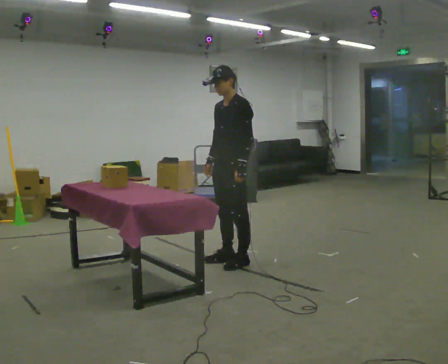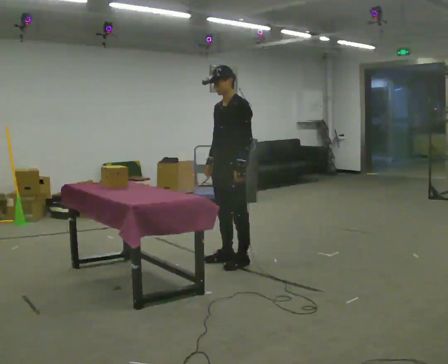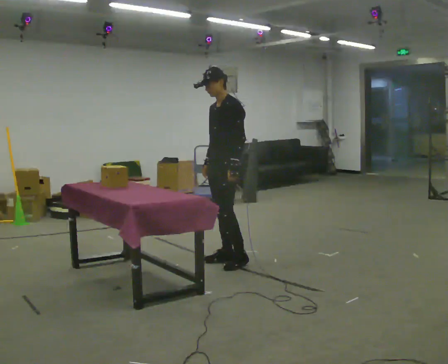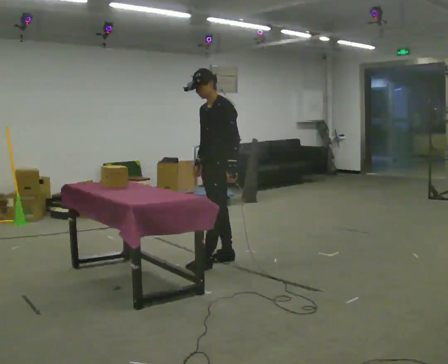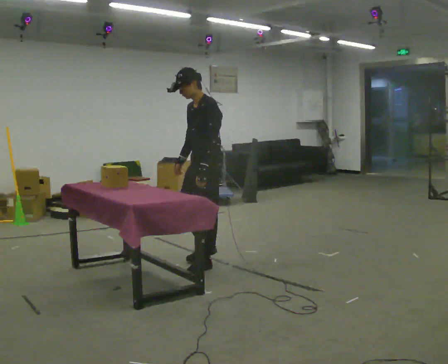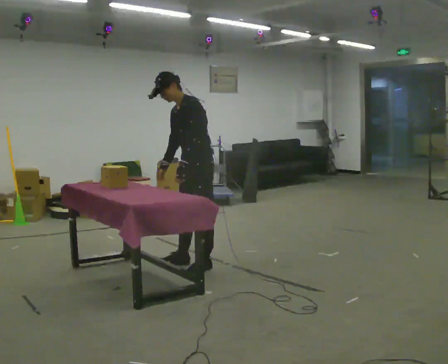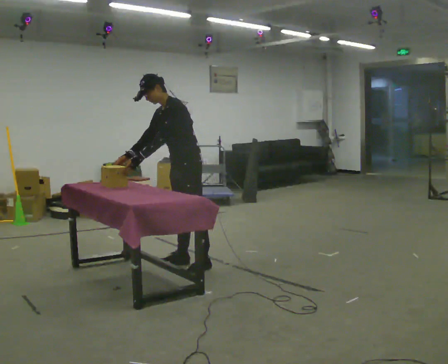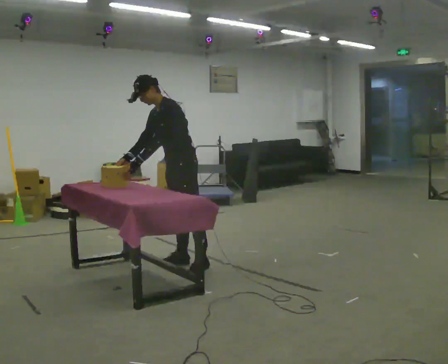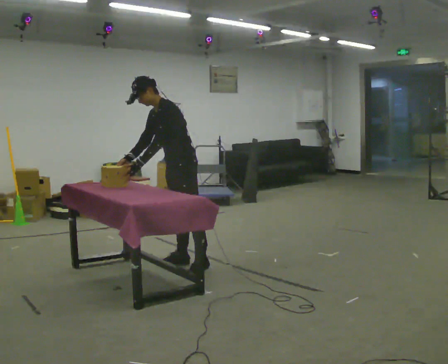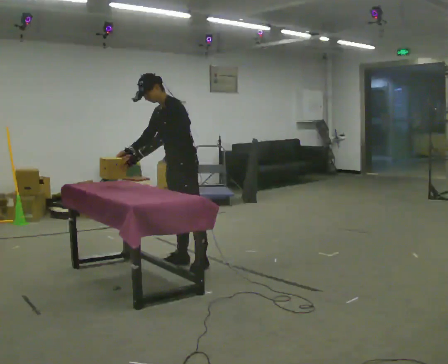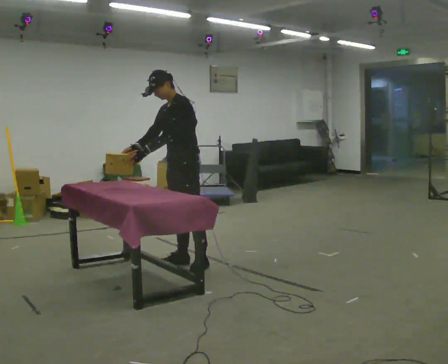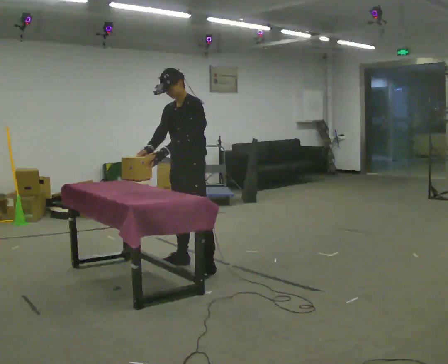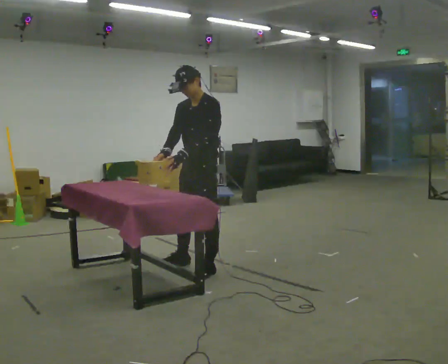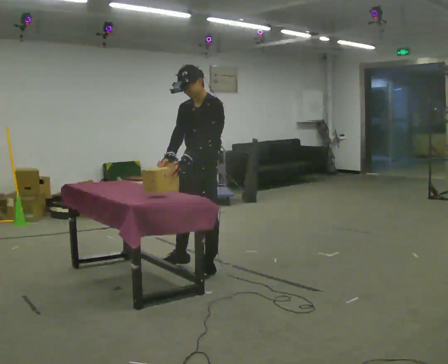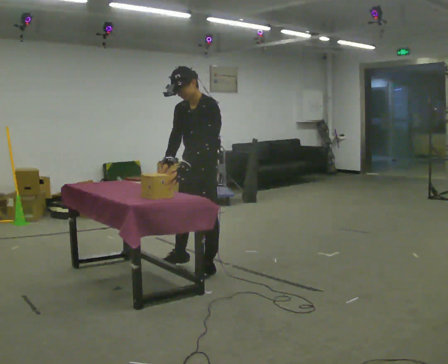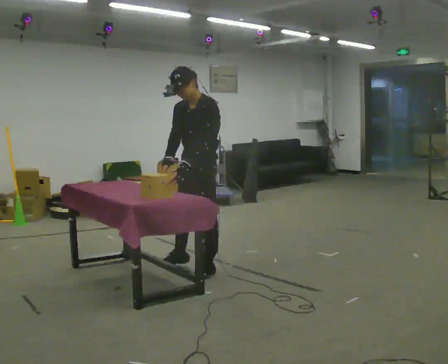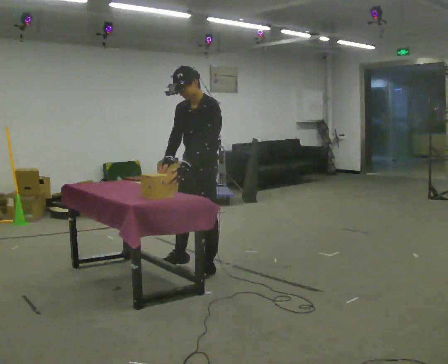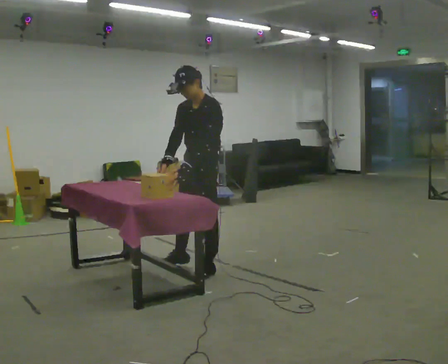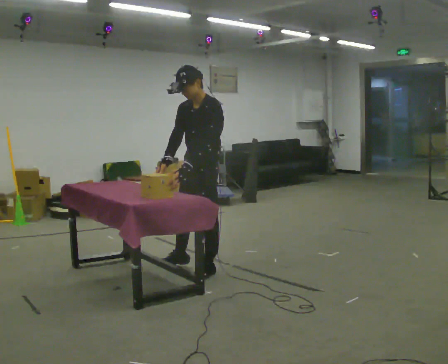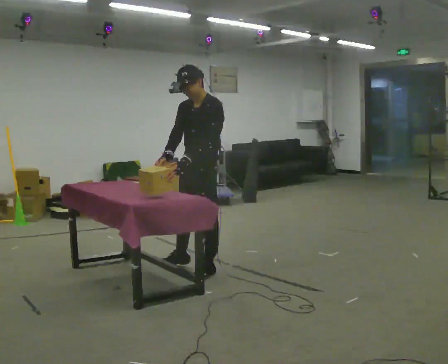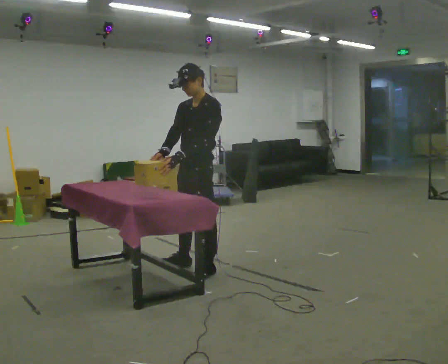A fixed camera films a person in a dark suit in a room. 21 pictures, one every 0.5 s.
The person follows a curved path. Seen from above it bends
counterclockwise.
0.0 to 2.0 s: In the picture they go to the left, about 0.25 m in 1 step, which for them is forward. In the picture their left hand goes to the left.
2.0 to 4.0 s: In the picture they go to the left, about 0.25 m in 1 step, which for them is to their right. In the picture the upper body tilts counterclockwise, shoulders to the left, as they bend forward. In the picture their right hand goes to the left.
4.0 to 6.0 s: In the picture they go toward the camera, about 0.25 m, which for them is to their left. In the picture the upper body tilts clockwise, shoulders to the right, as they lean back or straighten.
6.0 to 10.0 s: The person moves a little, or ends about where they began.
The film runs forward here.
